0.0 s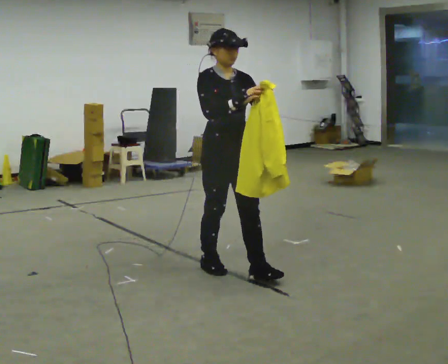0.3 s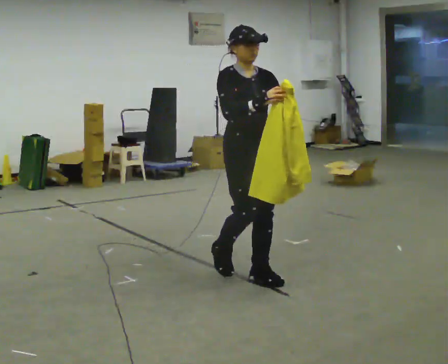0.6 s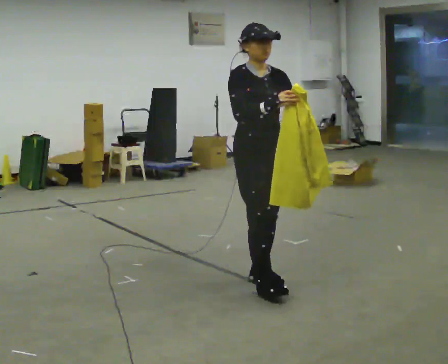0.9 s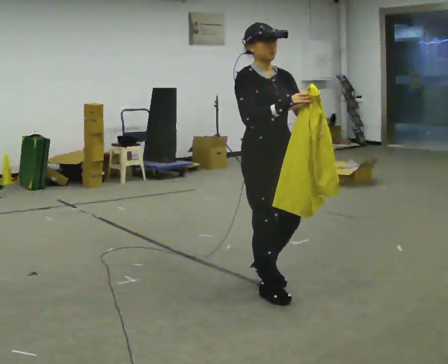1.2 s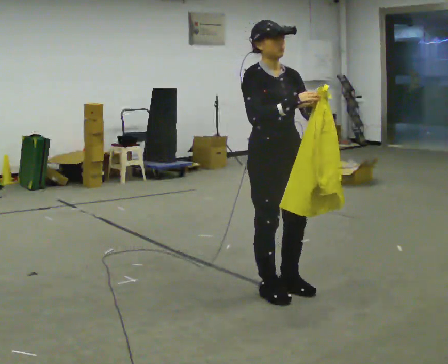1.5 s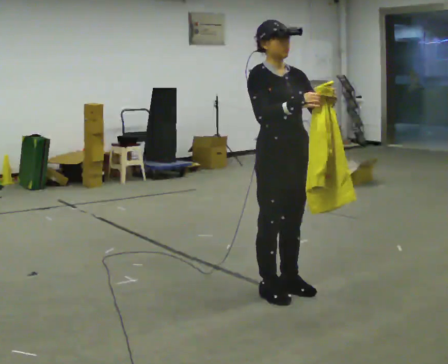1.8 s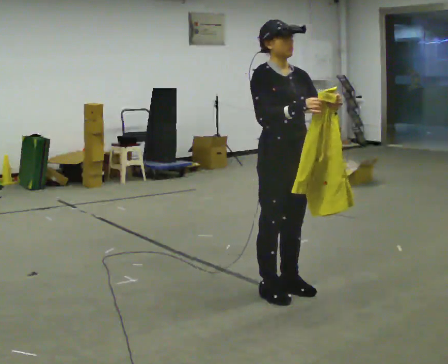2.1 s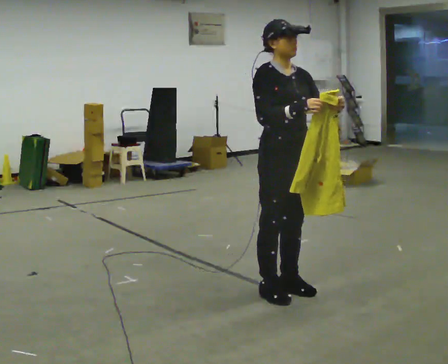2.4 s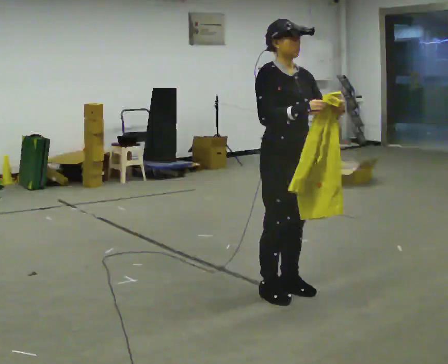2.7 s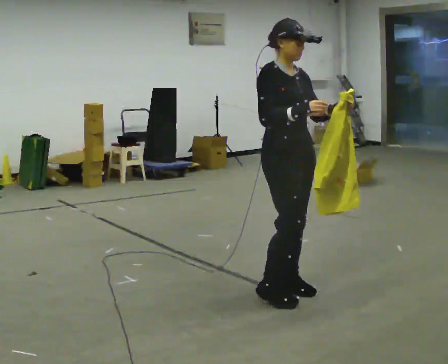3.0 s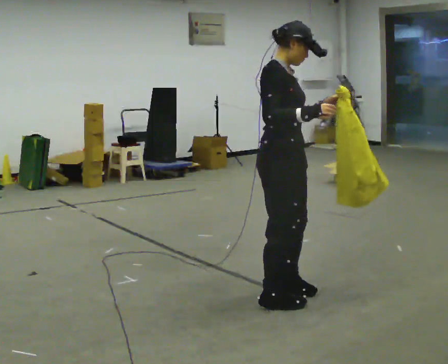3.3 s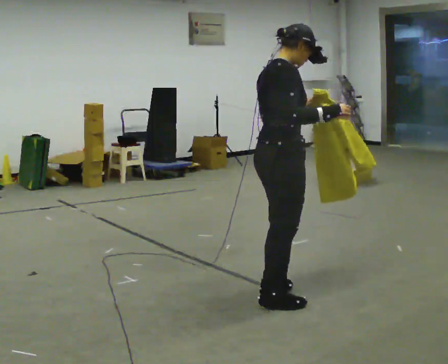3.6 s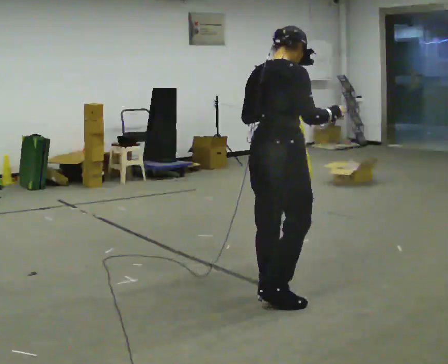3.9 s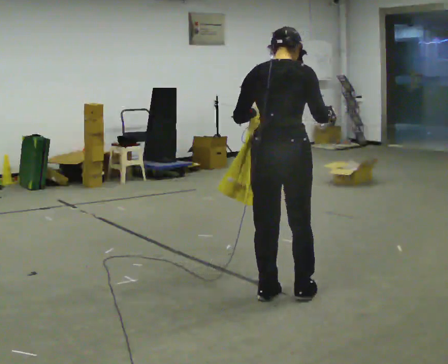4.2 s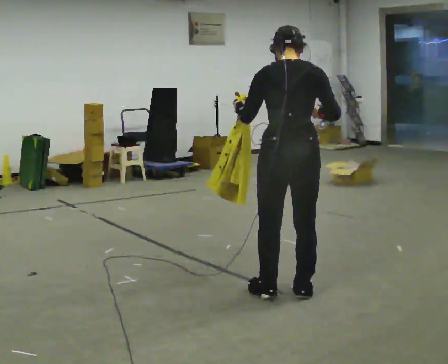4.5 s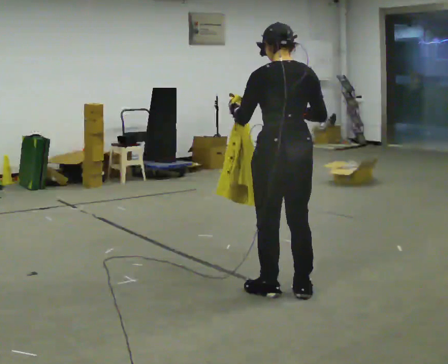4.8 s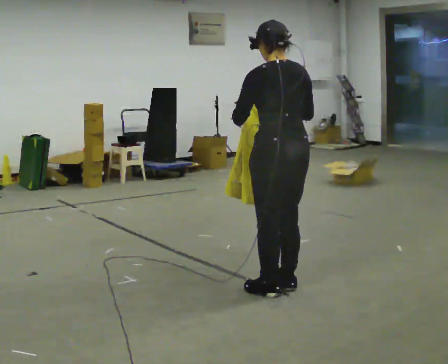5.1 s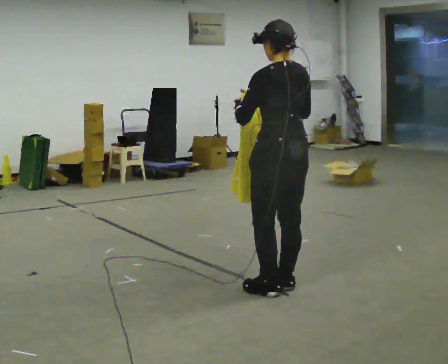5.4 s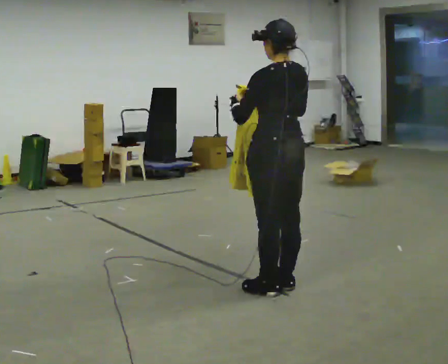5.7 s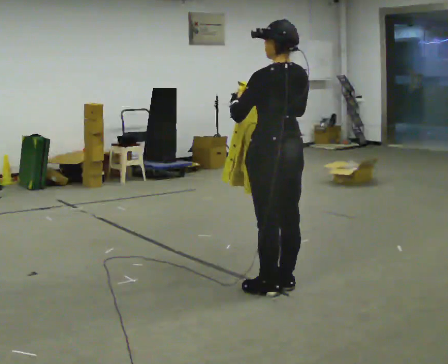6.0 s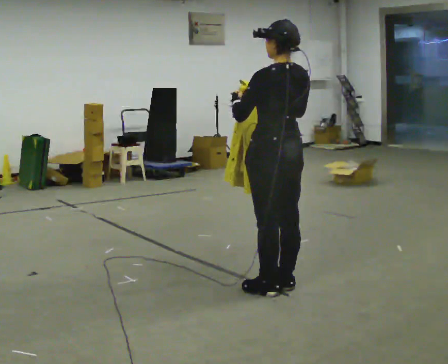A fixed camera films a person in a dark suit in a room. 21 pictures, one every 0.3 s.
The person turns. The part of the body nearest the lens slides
to the right.
The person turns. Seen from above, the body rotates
counterclockwise.
0.0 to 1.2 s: In the picture they go toward the camera and to the right, about 0.5 m in 2 steps, which for them is forward.
1.2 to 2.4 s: The person moves a little, or ends about where they began.
2.4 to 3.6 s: The person turns about 90 degrees to their left, counterclockwise seen from above, so the part of the body nearest the lens slides to the right. In the picture their left hand goes to the left.
3.6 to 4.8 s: The part of the body nearest the lens slides to the right as the person turns to their left by about 75 degrees.
4.8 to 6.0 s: The person moves a little, or ends about where they began.
The film runs forward here.
